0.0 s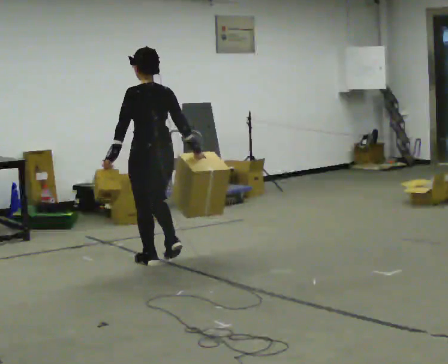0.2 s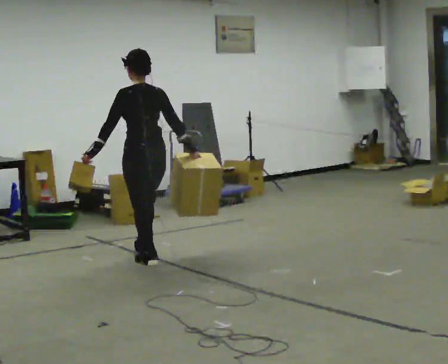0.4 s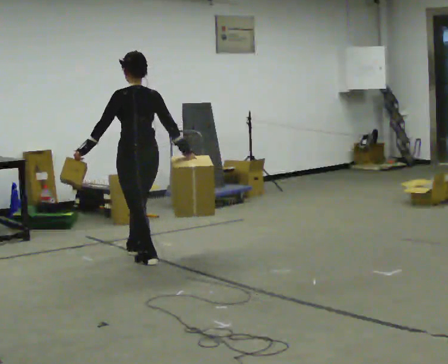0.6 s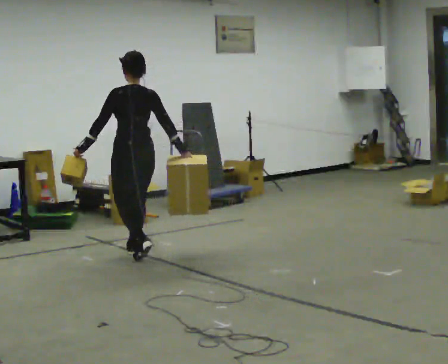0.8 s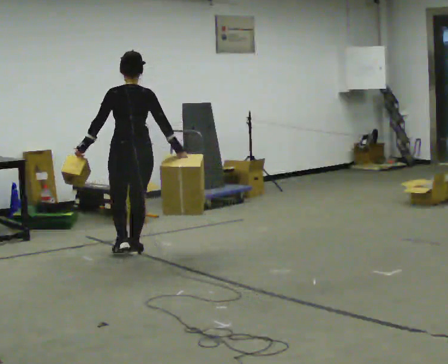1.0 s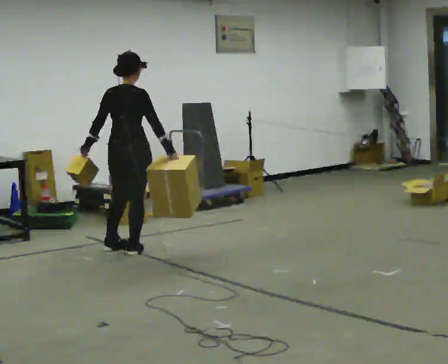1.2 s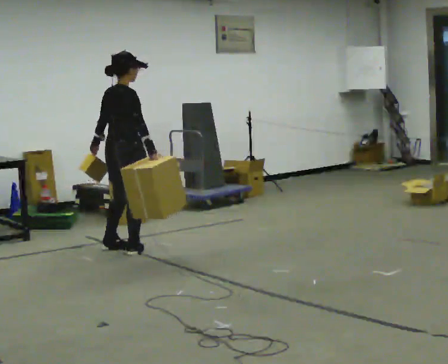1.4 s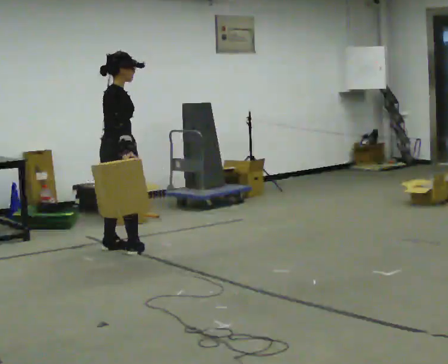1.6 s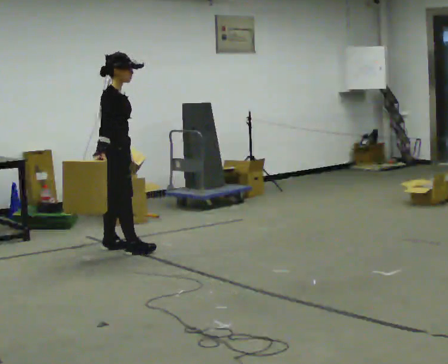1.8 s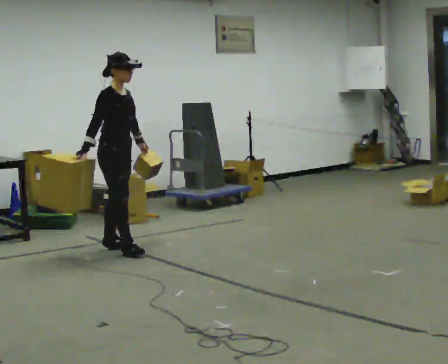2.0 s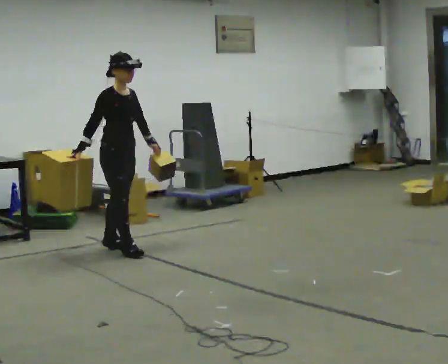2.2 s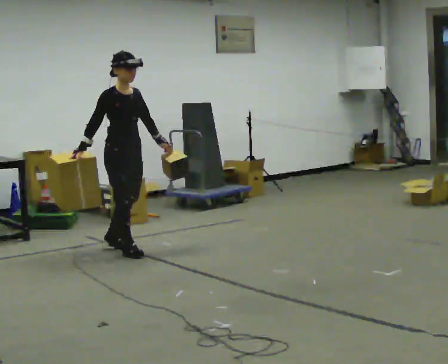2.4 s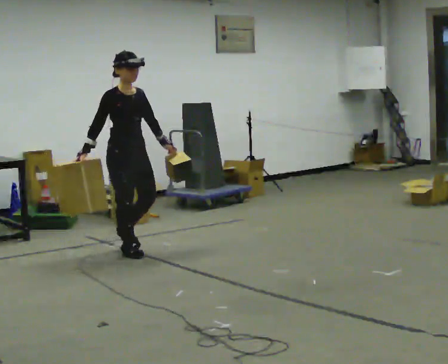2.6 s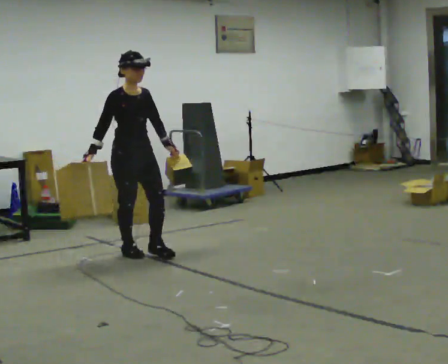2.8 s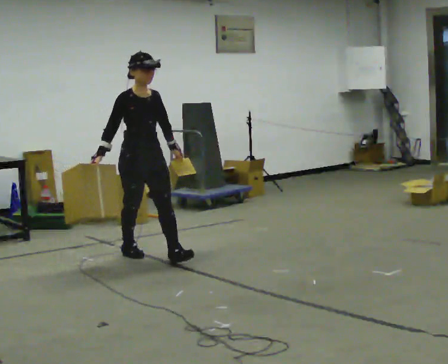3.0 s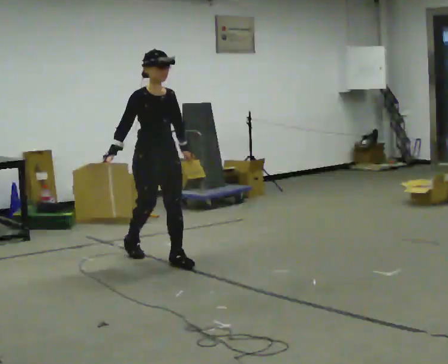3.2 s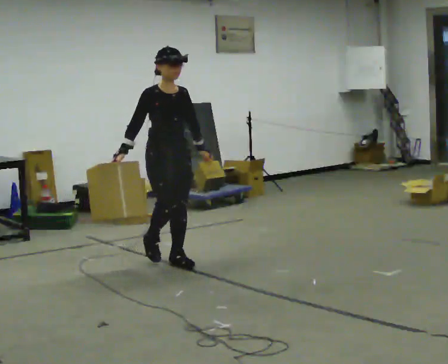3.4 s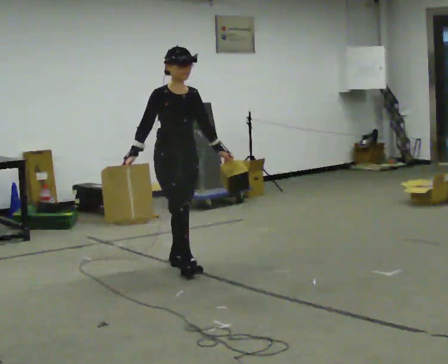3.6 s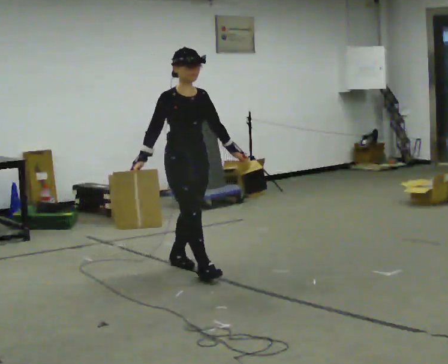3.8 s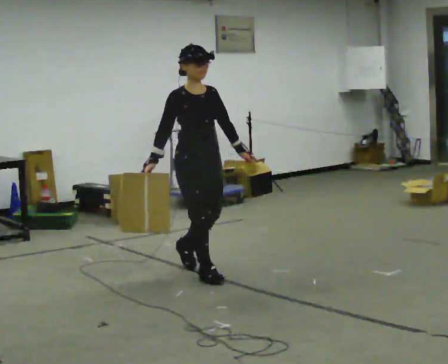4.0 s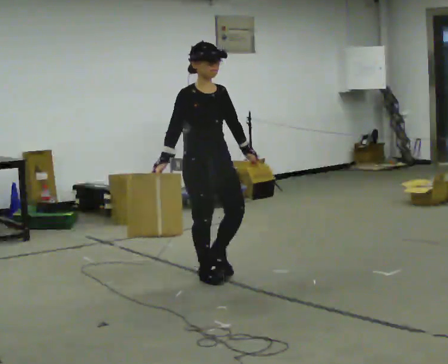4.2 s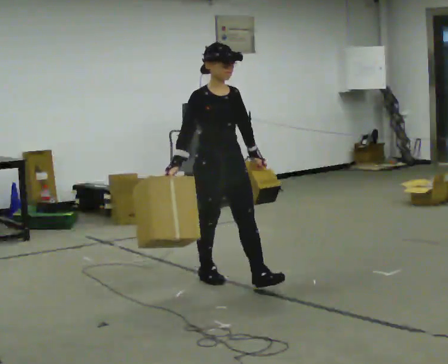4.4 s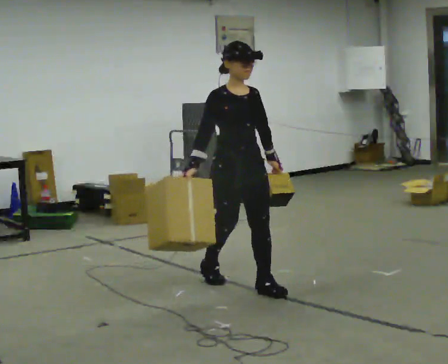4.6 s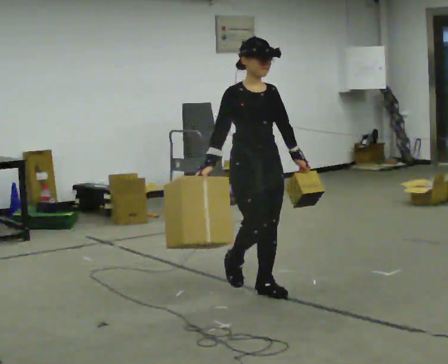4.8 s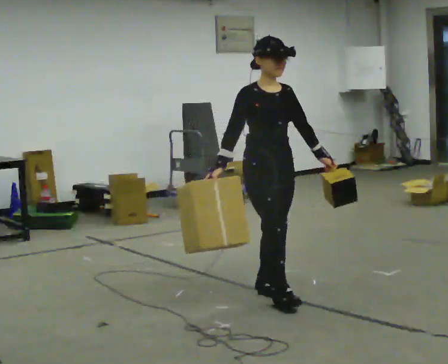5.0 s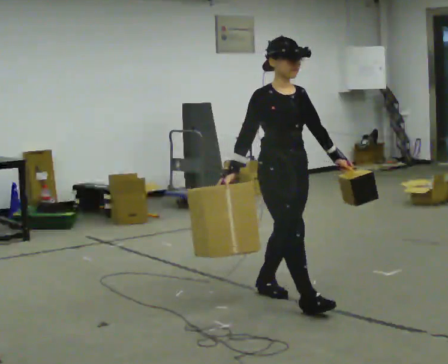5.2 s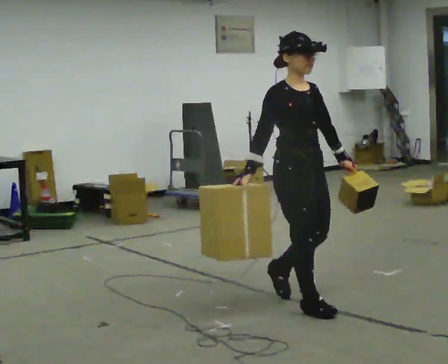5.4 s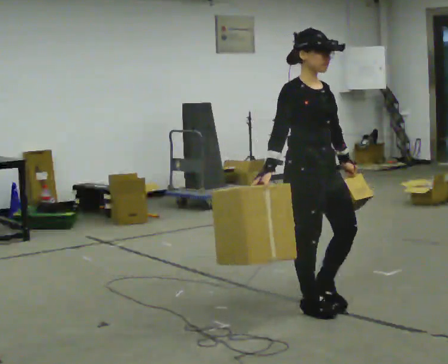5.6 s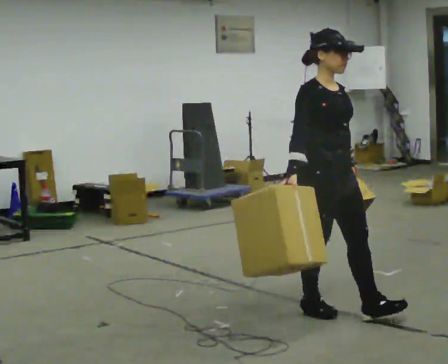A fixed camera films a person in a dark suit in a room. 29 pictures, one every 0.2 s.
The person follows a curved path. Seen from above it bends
counterclockwise.
0.0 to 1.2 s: The part of the body nearest the lens slides to the left as the person turns to their right by about 75 degrees. In the picture they go away from the camera and to the left, about 0.5 m in 2 steps.
1.2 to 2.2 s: The part of the body nearest the lens slides to the left as the person turns to their right by about 75 degrees. In the picture their right hand goes to the left, the arm swinging clockwise.
2.2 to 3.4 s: In the picture they go toward the camera and to the right, about 0.75 m in 1 step, which for them is forward.
3.4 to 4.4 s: In the picture they go toward the camera and to the right, about 1 m in 2 steps, which for them is forward.
4.4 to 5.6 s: In the picture they go toward the camera and to the right, about 1 m in 1 step, which for them is forward.
The film runs forward here.
